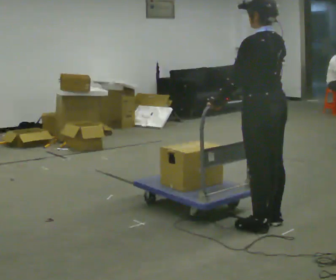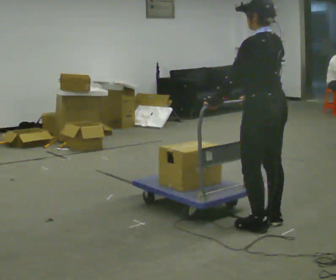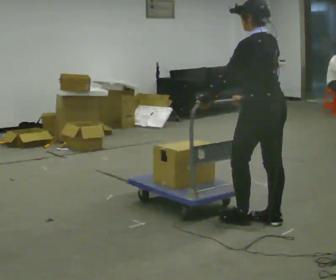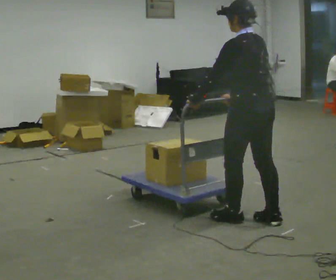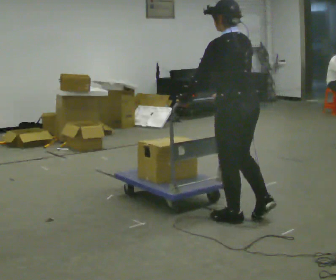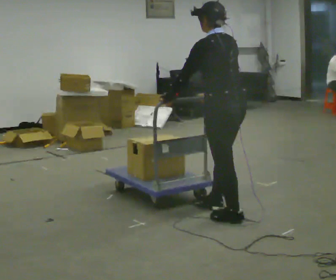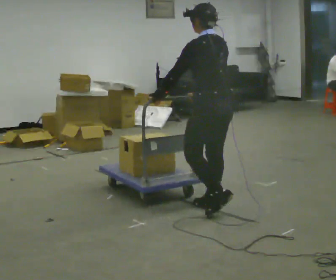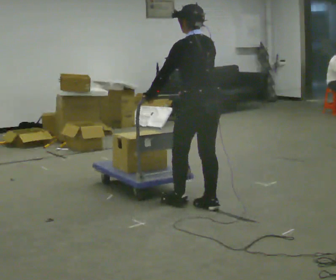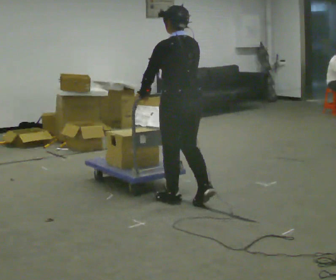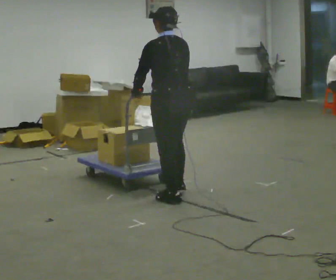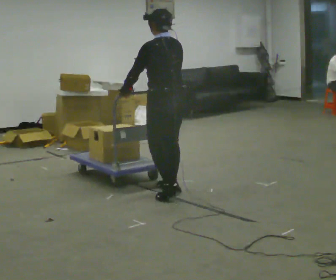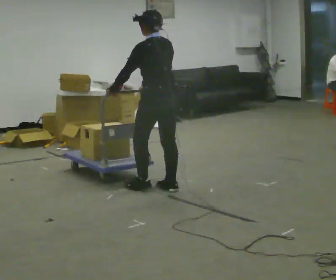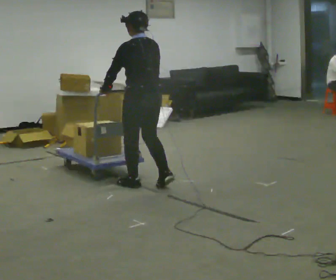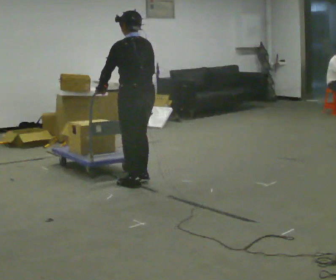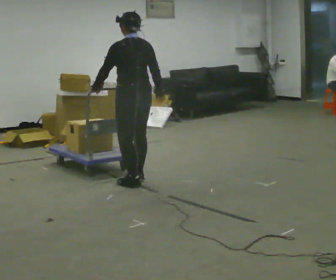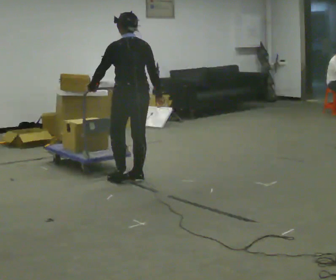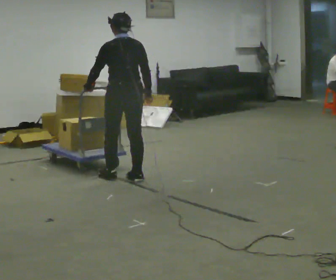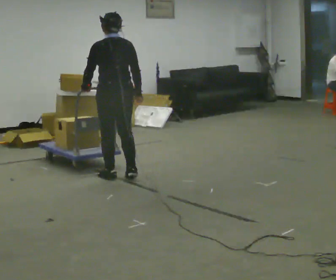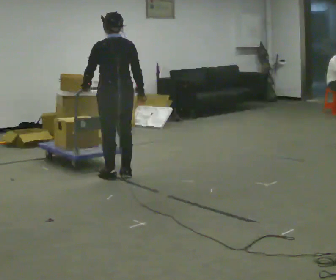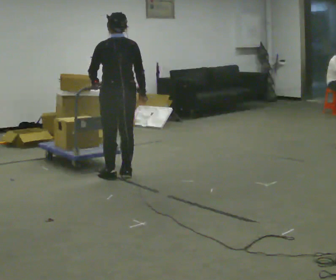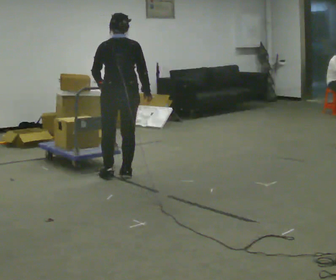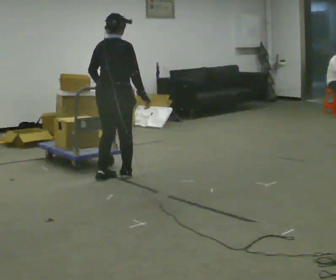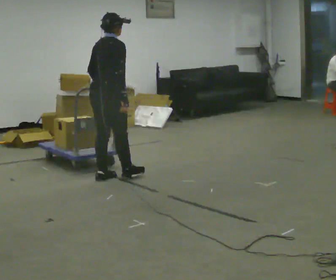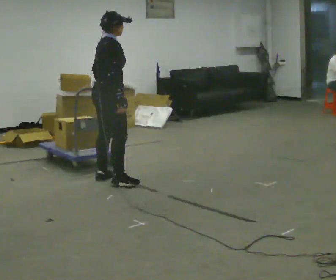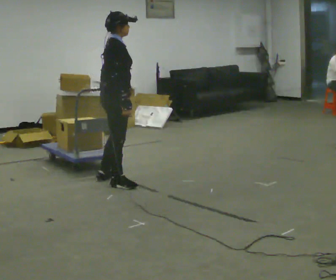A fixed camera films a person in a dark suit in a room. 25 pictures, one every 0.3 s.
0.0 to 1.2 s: In the picture they go to the left, about 0.25 m in 1 step, which for them is forward.
1.2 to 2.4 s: In the picture they go away from the camera and to the left, about 0.5 m in 2 steps, which for them is forward.
2.4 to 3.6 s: In the picture they go away from the camera and to the left, about 0.5 m in 2 steps, which for them is forward.
3.6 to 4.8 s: In the picture they go away from the camera and to the left, about 0.25 m in 2 steps, which for them is forward.
4.8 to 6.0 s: Seen from above the body turns clockwise, about 30 degrees: to their right, with its near side sliding to the left.
6.0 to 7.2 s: The person turns about 75 degrees to their right, clockwise seen from above, so the part of the body nearest the lens slides to the left. In the picture they go toward the camera, about 0.25 m in 1 step.
The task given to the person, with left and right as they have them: Push the cart across the room using only the hand the operator calls. Keep your other arm at your side.
The film runs forward here.
